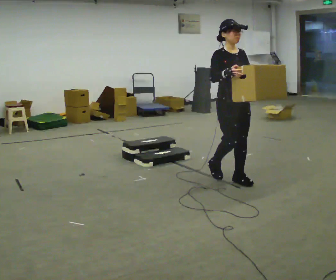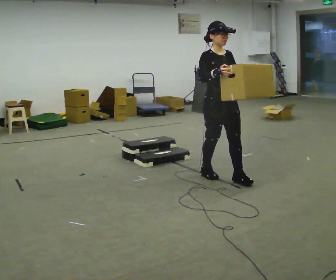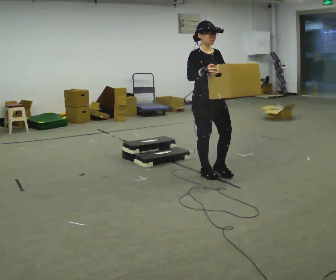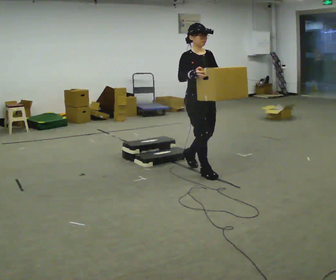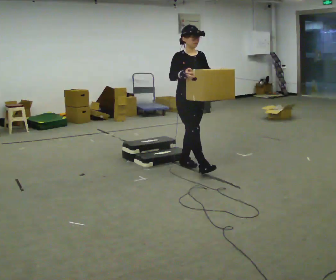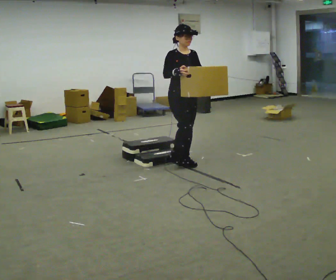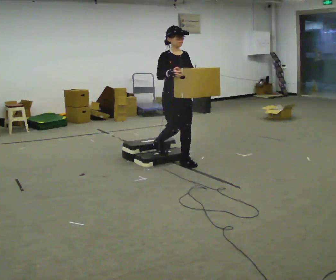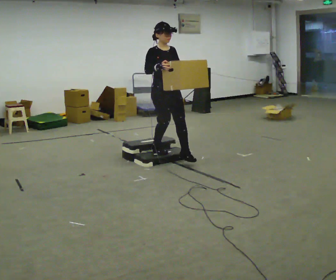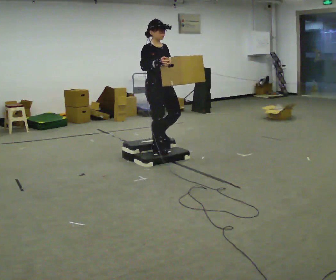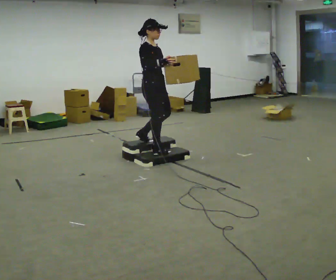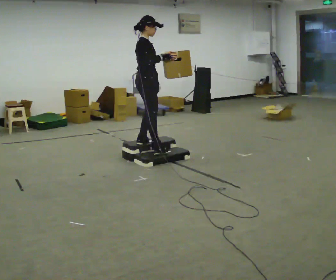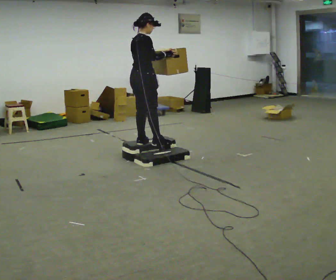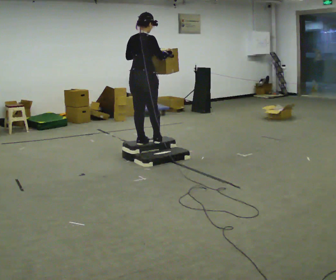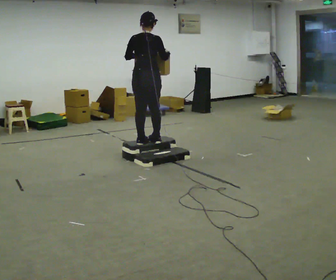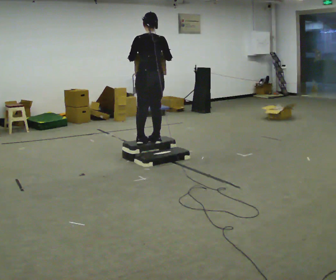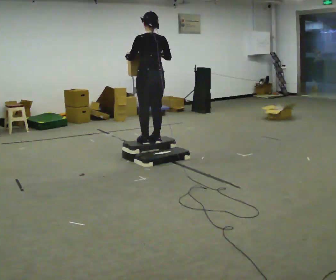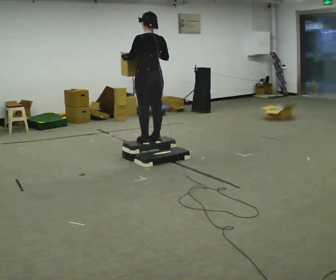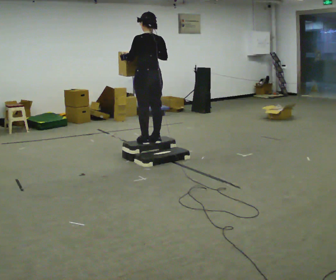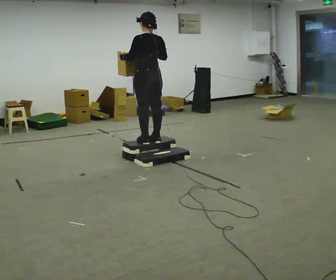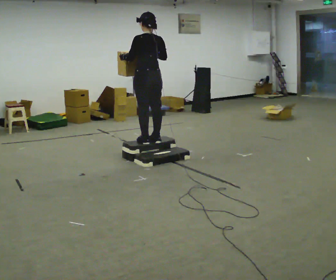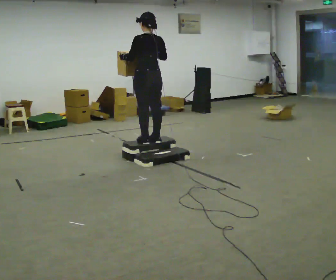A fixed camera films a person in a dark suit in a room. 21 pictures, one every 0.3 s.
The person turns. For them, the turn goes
to their left.
The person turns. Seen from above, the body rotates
counterclockwise.
0.0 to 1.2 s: In the picture they go away from the camera and to the left, about 0.75 m in 2 steps, which for them is backward.
1.2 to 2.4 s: In the picture they go to the left and away from the camera, about 0.5 m in 1 step, which for them is backward.
2.4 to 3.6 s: Seen from above the body turns counterclockwise, about 105 degrees: to their left, with its near side sliding to the right. In the picture they go to the left, about 0.25 m. In the picture their left hand goes to the left.
3.6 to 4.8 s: Seen from above the body turns counterclockwise, about 60 degrees: to their left, with its near side sliding to the right.
4.8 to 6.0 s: The person moves a little, or ends about where they began.
The film runs backward here.
